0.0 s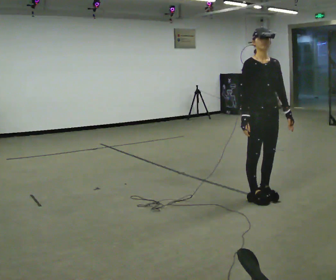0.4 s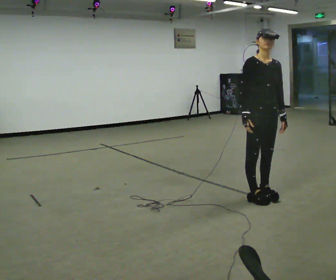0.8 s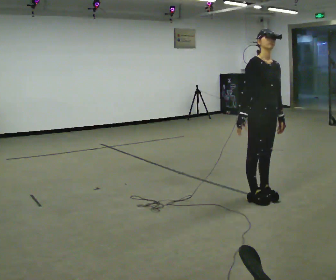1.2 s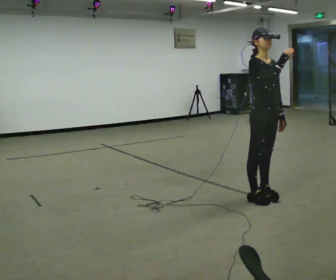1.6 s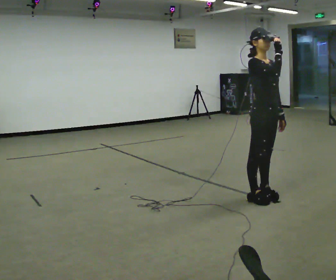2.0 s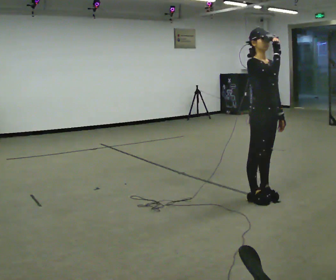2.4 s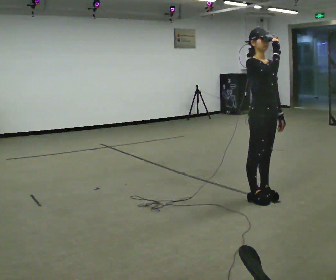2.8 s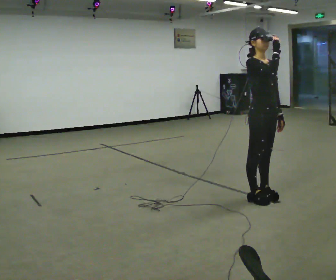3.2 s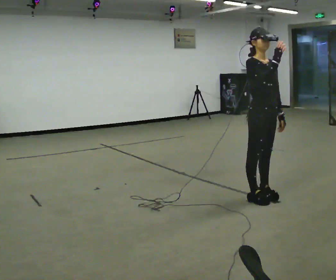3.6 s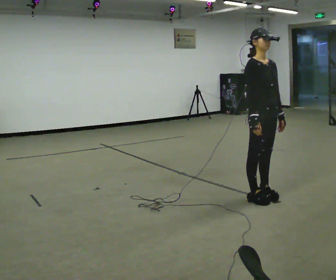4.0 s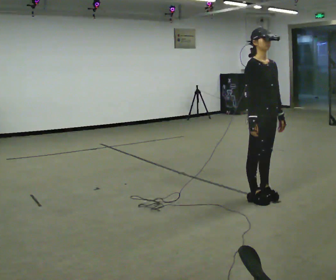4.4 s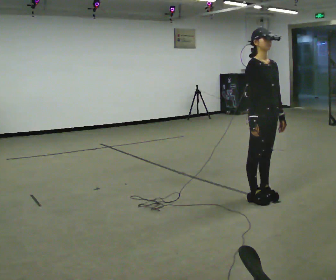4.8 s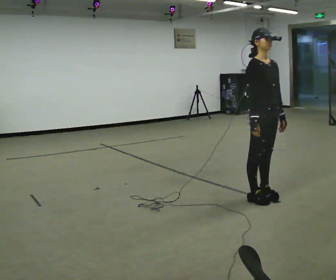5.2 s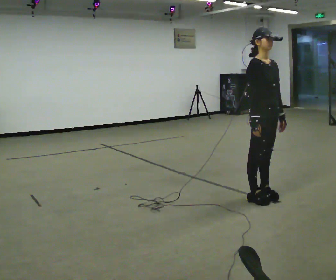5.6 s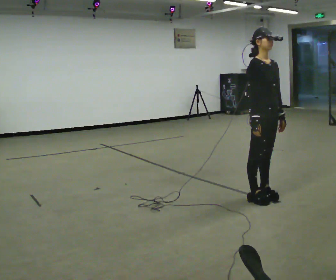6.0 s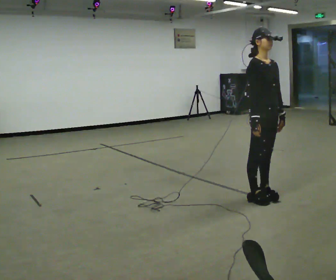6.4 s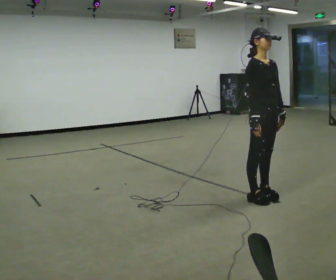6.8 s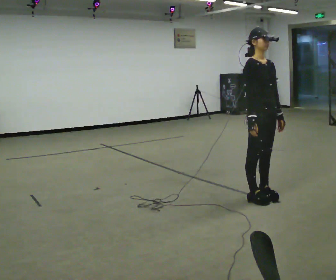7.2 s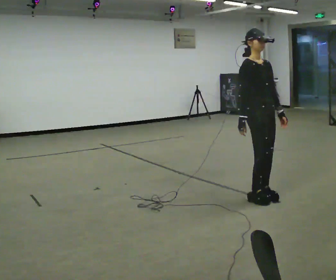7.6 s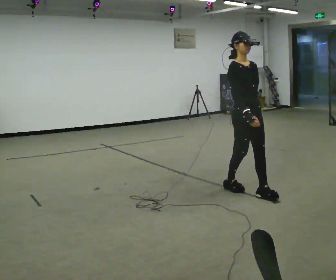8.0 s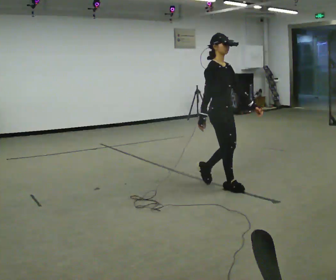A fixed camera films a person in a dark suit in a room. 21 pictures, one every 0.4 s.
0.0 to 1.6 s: In the picture their right hand goes upward and to the right.
1.6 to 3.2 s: The person moves a little, or ends about where they began.
3.2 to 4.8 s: In the picture their right hand goes downward.
4.8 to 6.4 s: The person keeps their place and pose.
6.4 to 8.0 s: In the picture they go to the left and away from the camera, about 0.5 m in 2 steps, which for them is backward.
The film runs backward here.
